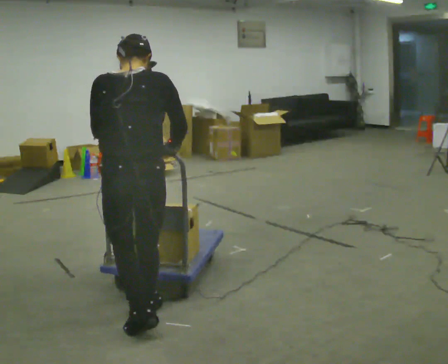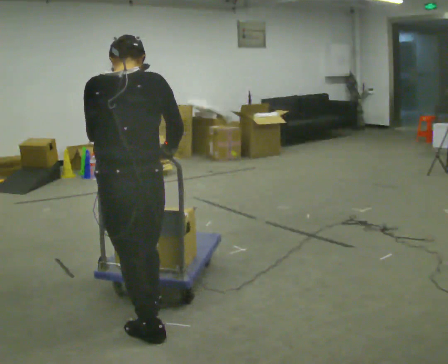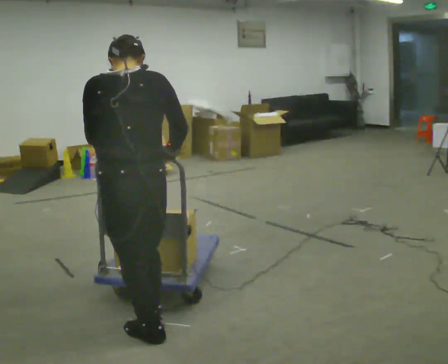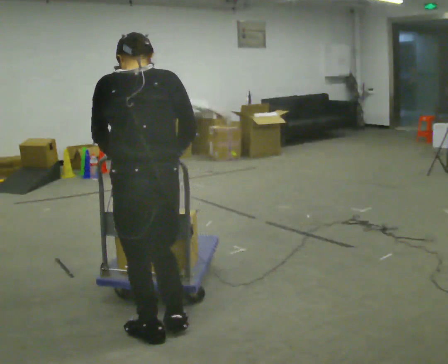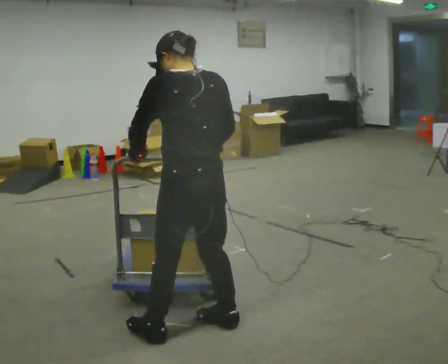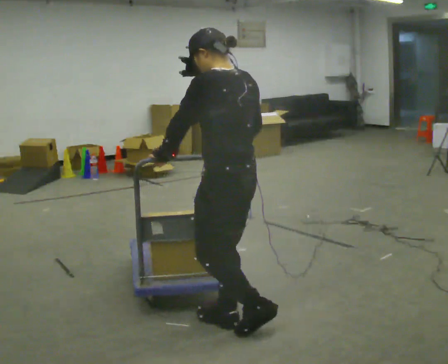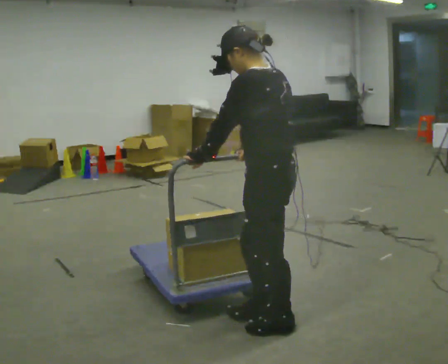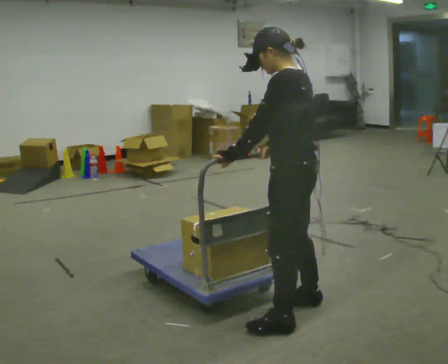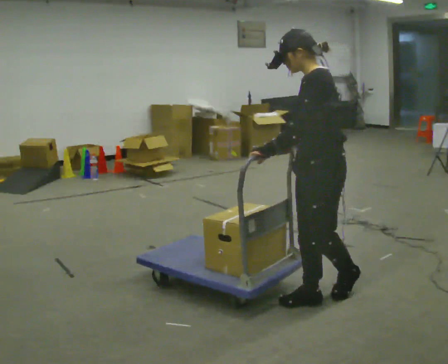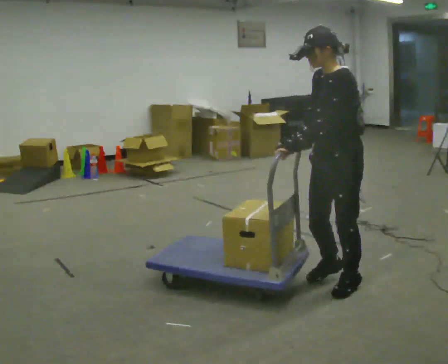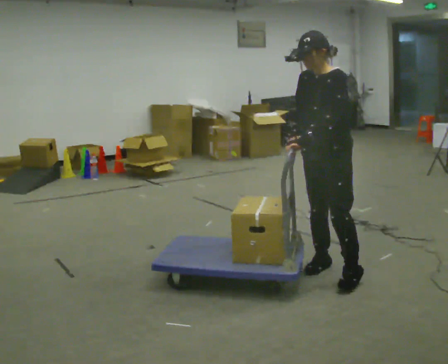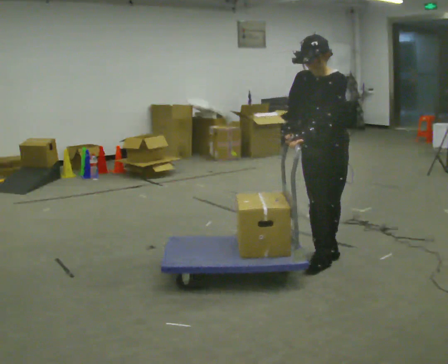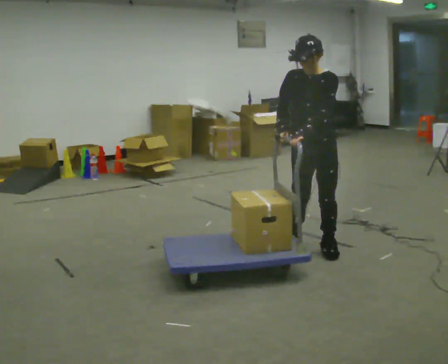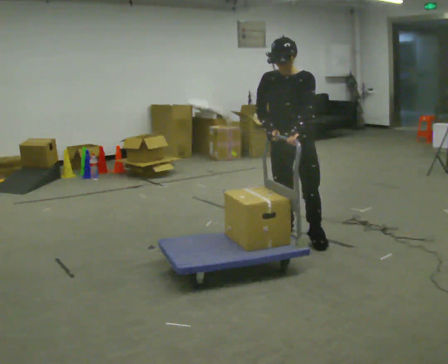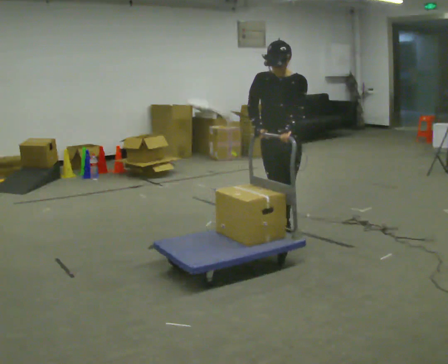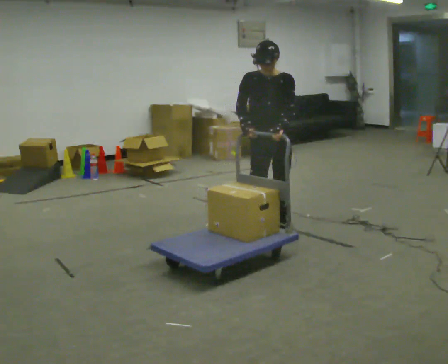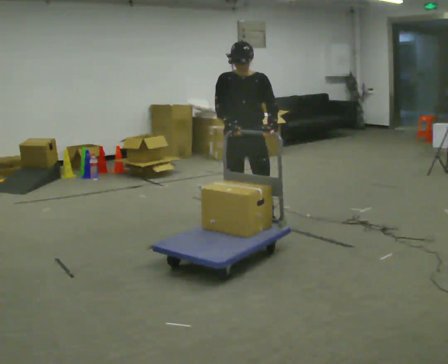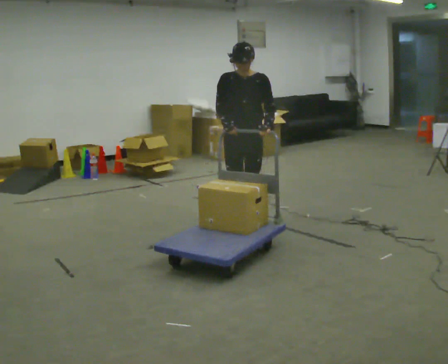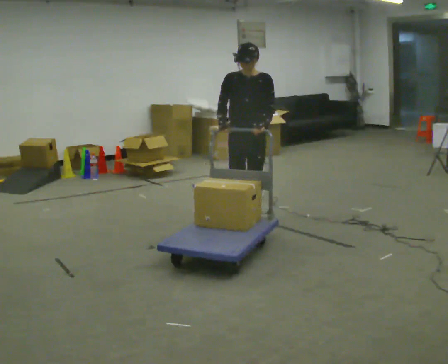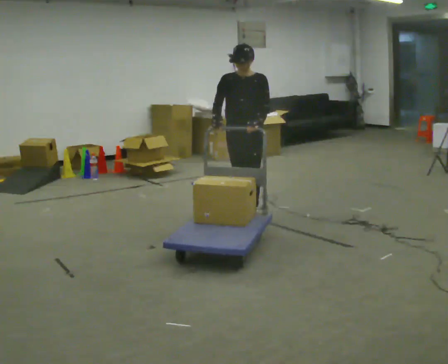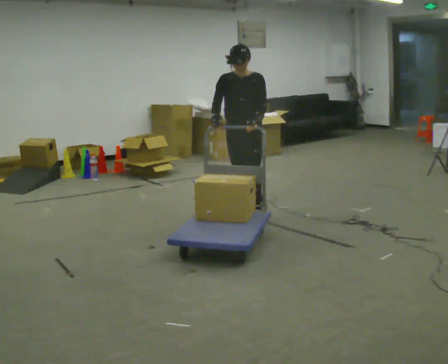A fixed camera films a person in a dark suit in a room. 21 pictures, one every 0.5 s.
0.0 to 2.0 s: The part of the body nearest the lens slides to the right as the person turns to their left by about 30 degrees. In the picture they go to the right, about 0.25 m in 1 step, which for them is to their right and backward.
2.0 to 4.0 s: The part of the body nearest the lens slides to the right as the person turns to their left by about 60 degrees. In the picture they go to the right and away from the camera, about 0.5 m in 3 steps, which for them is backward and to their right.
4.0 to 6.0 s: Seen from above the body turns counterclockwise, about 60 degrees: to their left, with its near side sliding to the right. In the picture they go away from the camera, about 1 m in 3 steps, which for them is backward and to their right.
6.0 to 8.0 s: In the picture they go to the left and away from the camera, about 0.5 m in 3 steps, which for them is to their right and backward.
8.0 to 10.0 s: In the picture they go away from the camera, about 0.5 m in 2 steps, which for them is backward.
The film runs backward here.
